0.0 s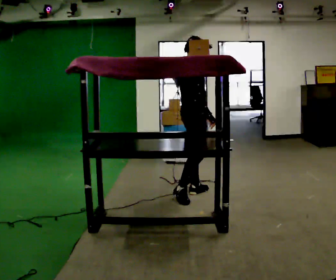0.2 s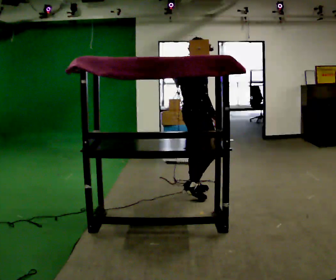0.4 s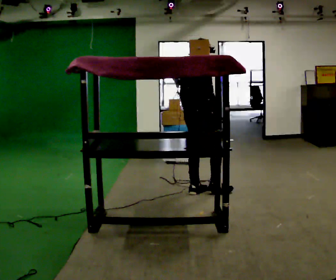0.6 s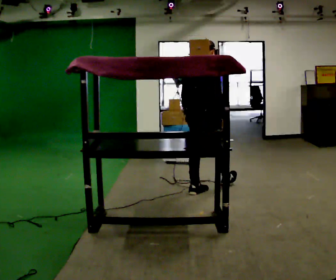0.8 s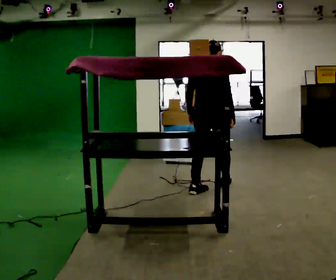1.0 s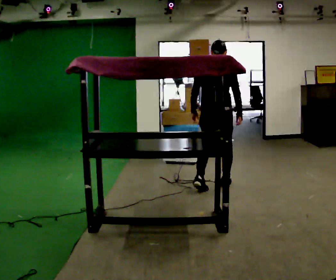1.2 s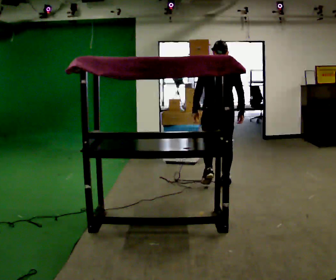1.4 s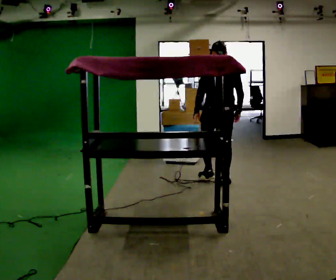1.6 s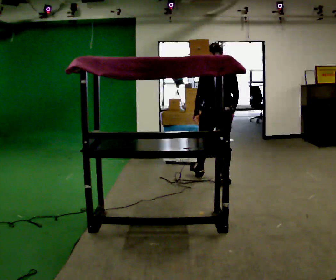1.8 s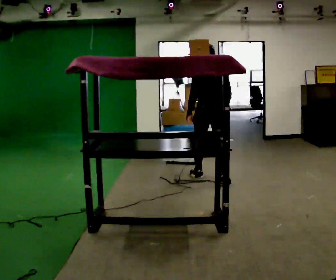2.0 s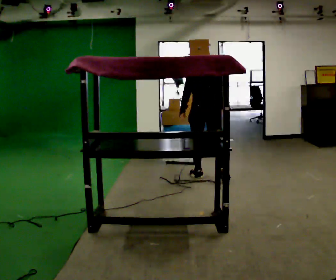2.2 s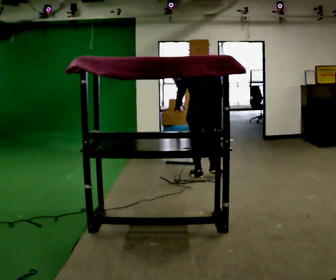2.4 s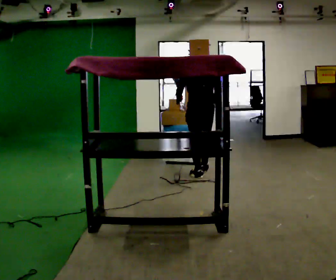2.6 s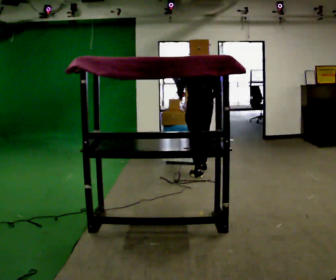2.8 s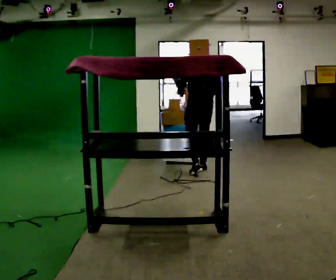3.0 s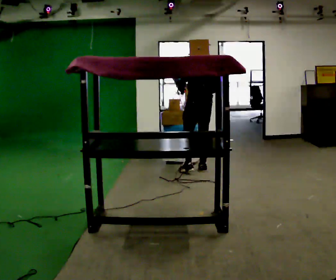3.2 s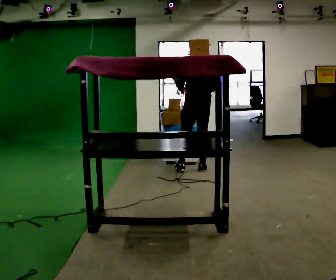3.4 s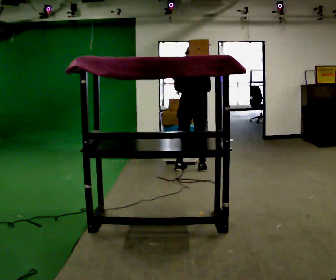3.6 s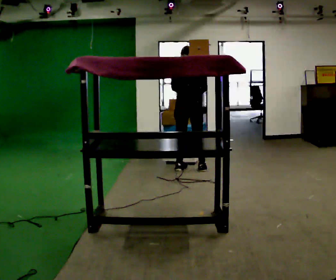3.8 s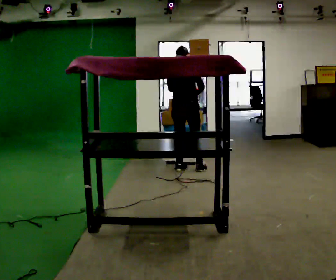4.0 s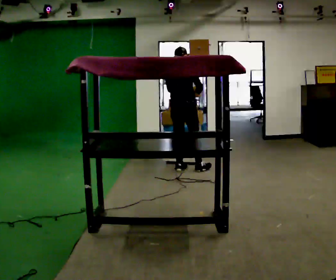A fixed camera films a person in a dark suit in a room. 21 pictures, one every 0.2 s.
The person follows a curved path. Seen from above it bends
counterclockwise.
The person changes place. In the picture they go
away from the camera.
0.0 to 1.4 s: Seen from above the body turns counterclockwise, about 75 degrees: to their left, with its near side sliding to the right. In the picture they go away from the camera and to the right, about 0.5 m in 1 step.
1.4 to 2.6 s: In the picture they go away from the camera, about 0.5 m in 2 steps, which for them is forward.
2.6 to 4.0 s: The person turns about 45 degrees to their right, clockwise seen from above, so the part of the body nearest the lens slides to the left. In the picture they go to the left and away from the camera, about 0.25 m in 1 step, which for them is to their left and forward.
The film runs forward here.
